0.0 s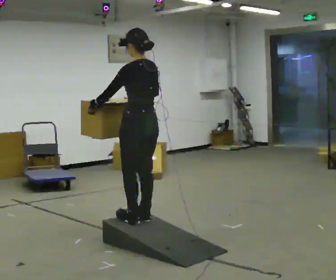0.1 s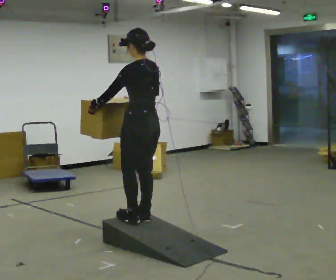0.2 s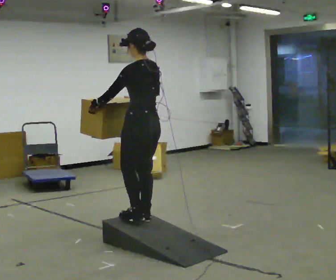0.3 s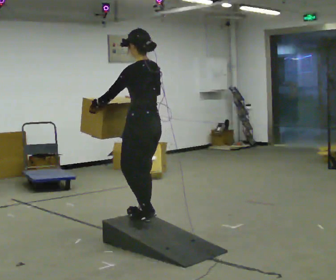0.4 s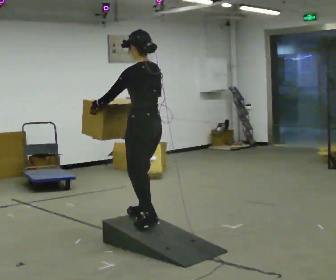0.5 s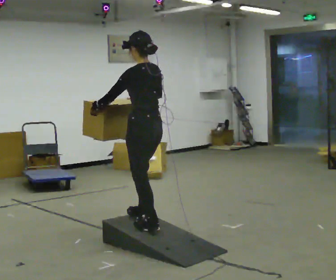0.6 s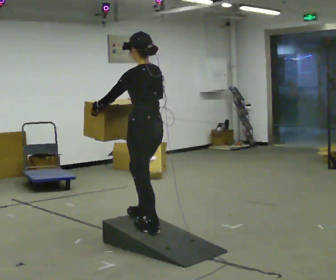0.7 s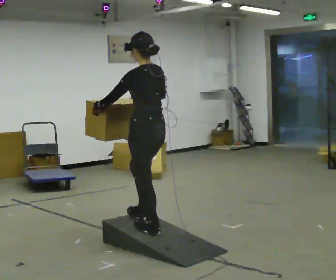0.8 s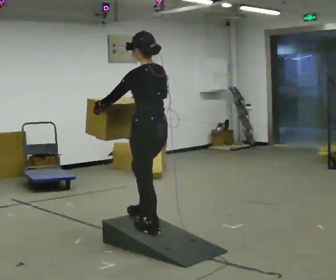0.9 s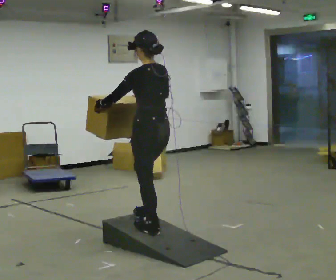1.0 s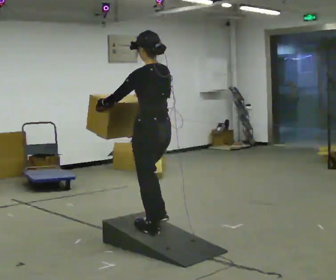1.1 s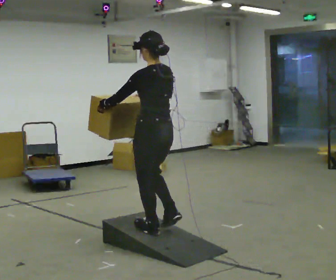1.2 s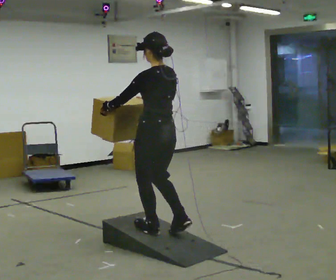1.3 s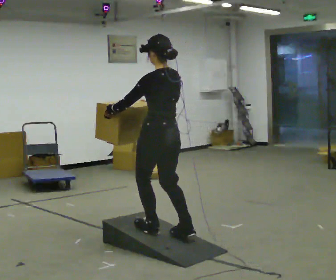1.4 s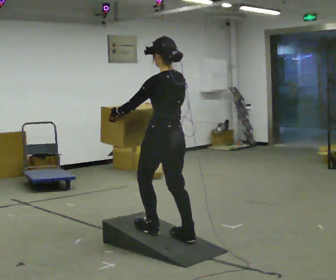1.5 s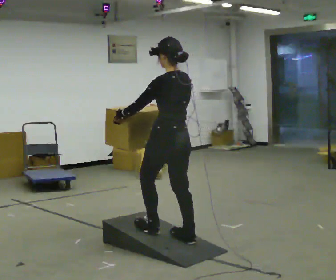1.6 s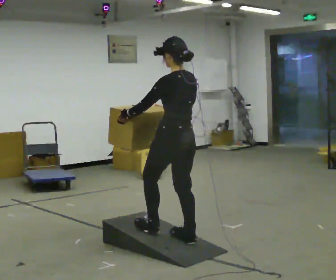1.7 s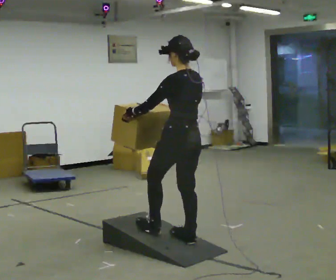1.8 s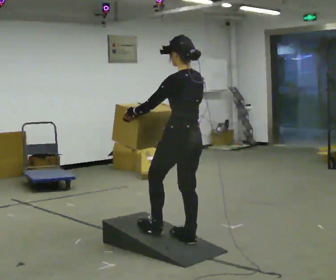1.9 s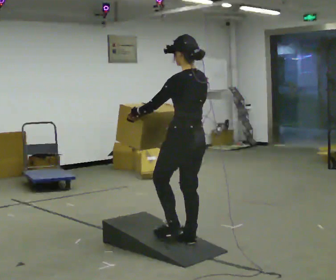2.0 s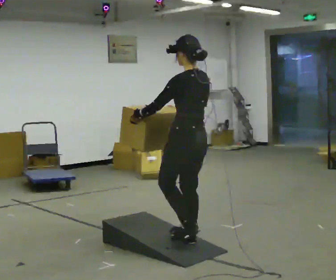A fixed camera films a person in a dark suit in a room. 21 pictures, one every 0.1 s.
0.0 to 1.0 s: In the picture they go toward the camera, about 0.25 m in 2 steps, which for them is backward.
1.0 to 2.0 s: In the picture they go to the right and toward the camera, about 0.25 m in 1 step, which for them is backward.
The film runs backward here.
